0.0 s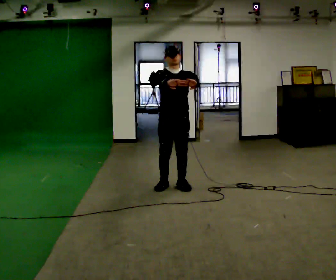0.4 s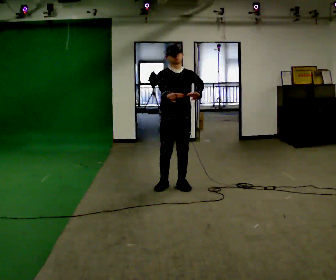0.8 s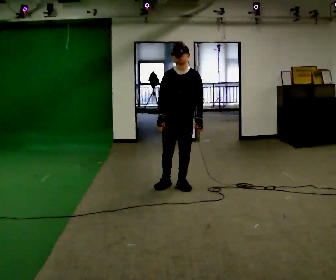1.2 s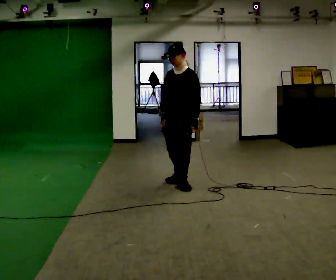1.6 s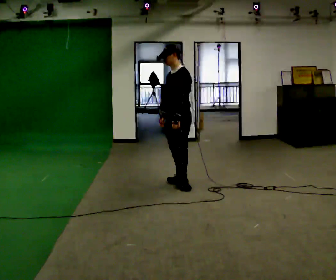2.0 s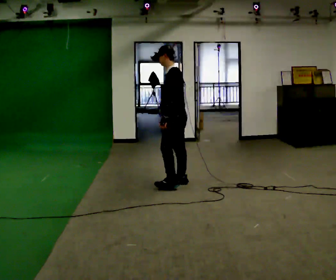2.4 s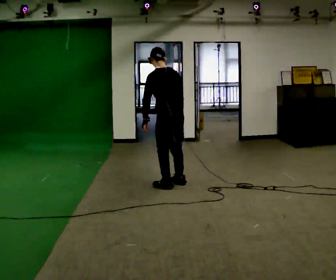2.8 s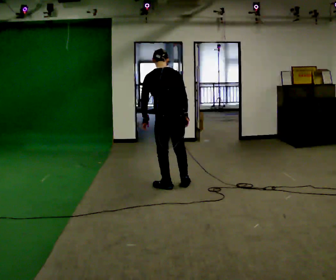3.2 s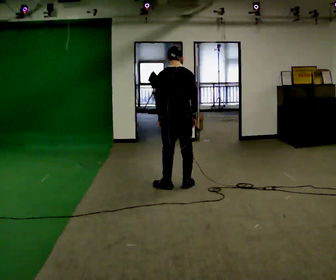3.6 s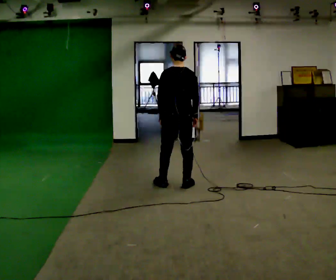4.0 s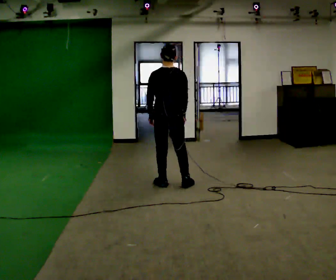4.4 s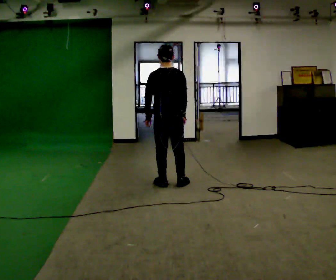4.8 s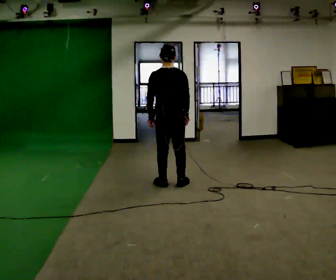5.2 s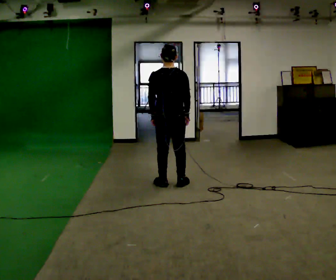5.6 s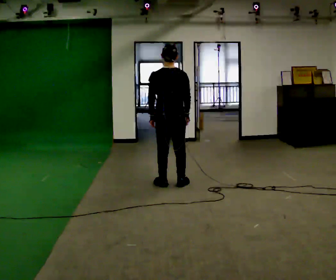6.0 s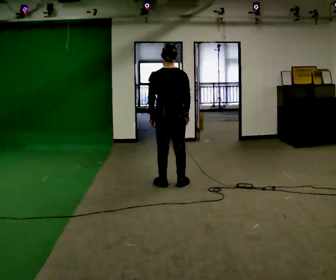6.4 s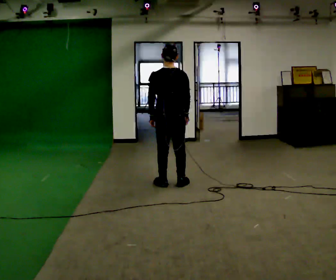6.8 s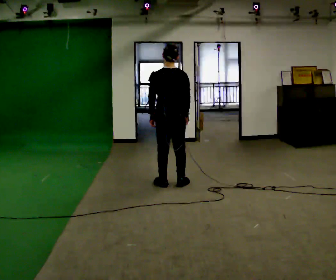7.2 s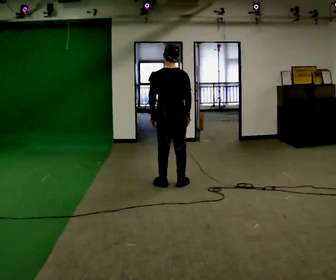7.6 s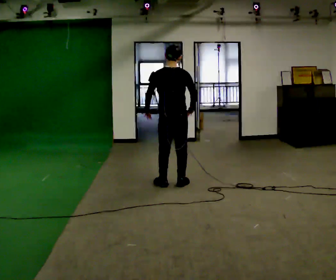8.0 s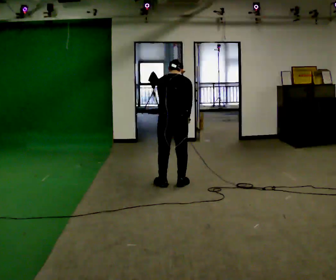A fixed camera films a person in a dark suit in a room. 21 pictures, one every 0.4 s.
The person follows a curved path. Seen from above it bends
counterclockwise.
The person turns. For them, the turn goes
to their right.
0.0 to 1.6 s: Seen from above the body turns clockwise, about 60 degrees: to their right, with its near side sliding to the left. In the picture they go away from the camera, about 0.25 m in 1 step. In the picture their right hand goes downward.
1.6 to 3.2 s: Seen from above the body turns clockwise, about 105 degrees: to their right, with its near side sliding to the left. In the picture their right hand goes to the right.
3.2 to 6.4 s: The person moves a little, or ends about where they began.
6.4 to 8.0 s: In the picture they go toward the camera, about 0.25 m, which for them is backward. The upper body tips away from the camera, its near side rolling upward, as they bend forward.
The film runs forward here.
